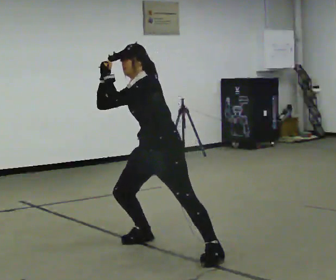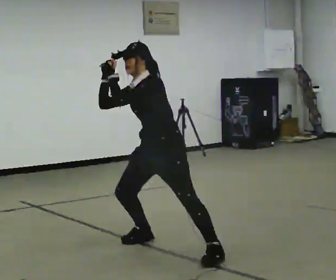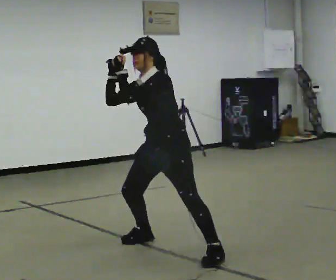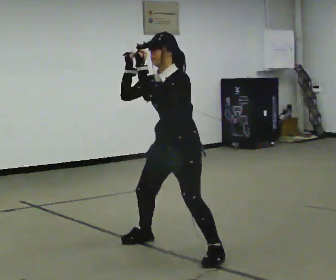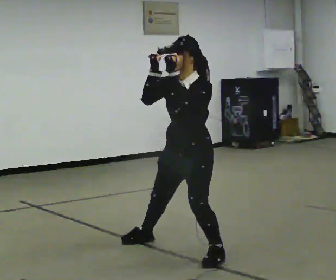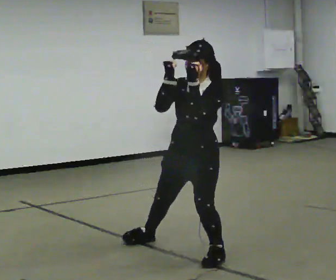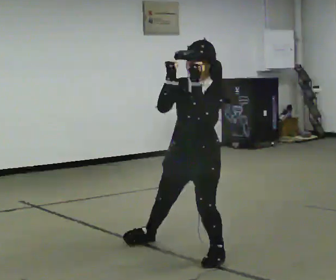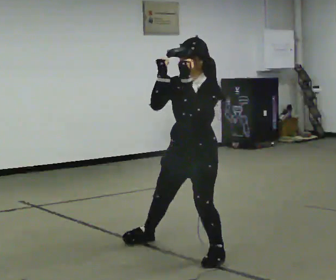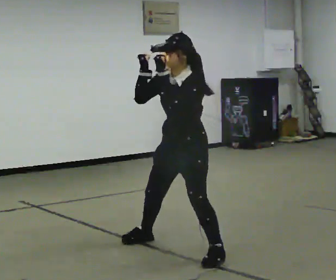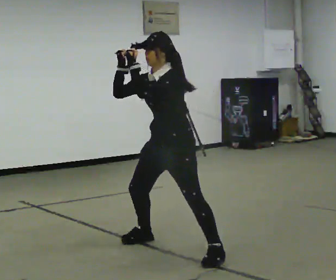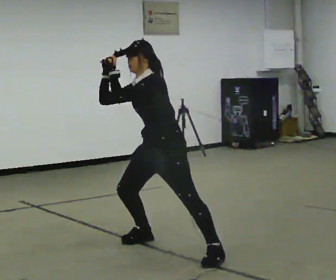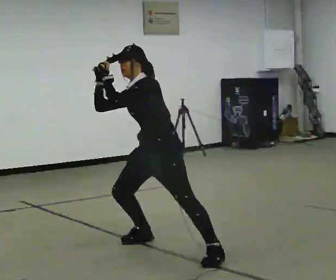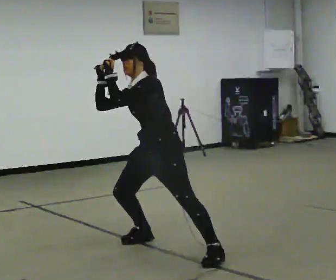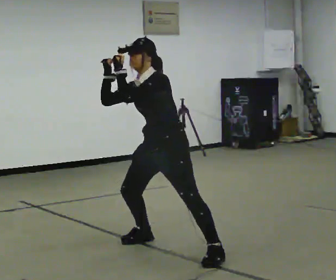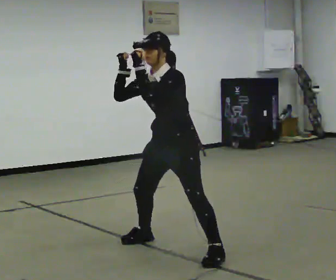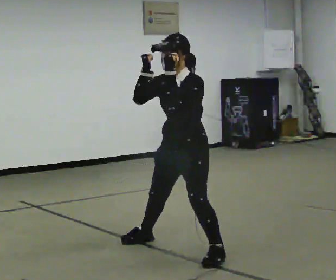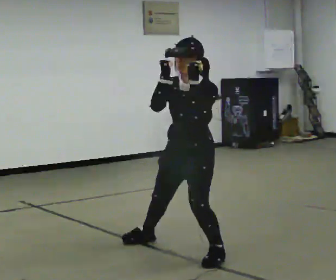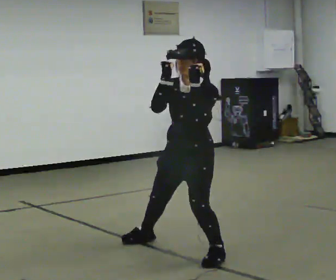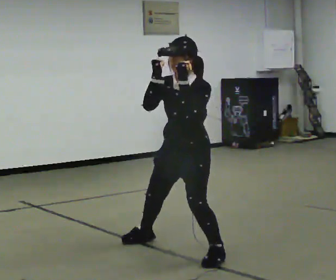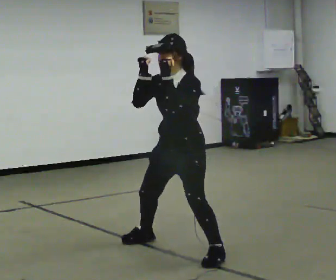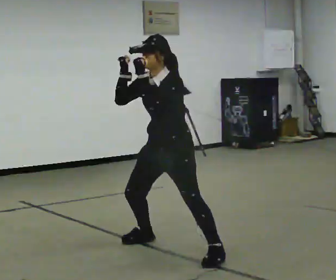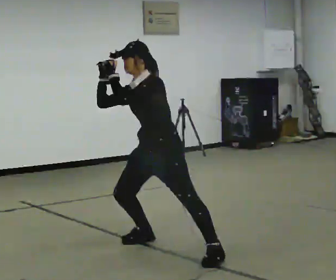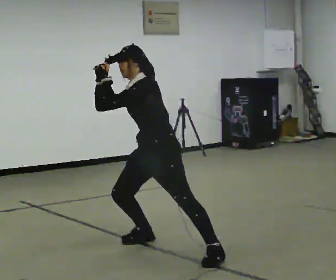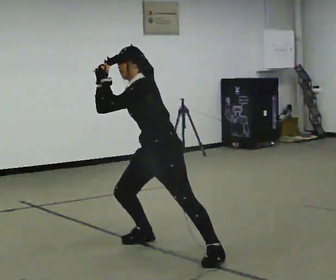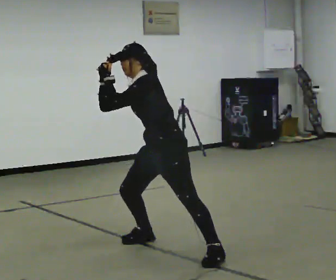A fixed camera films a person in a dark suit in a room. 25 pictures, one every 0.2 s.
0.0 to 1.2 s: In the picture they go toward the camera and to the right, about 0.25 m, which for them is to their left. The upper body tips toward the camera, its near side rolling downward.
1.2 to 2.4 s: In the picture they go away from the camera and to the left, about 0.25 m, which for them is to their right. The upper body tips away from the camera, its near side rolling upward.
2.4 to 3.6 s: In the picture they go toward the camera and to the right, about 0.25 m, which for them is to their left. The upper body tips toward the camera, its near side rolling downward.
3.6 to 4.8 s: In the picture they go away from the camera, about 0.25 m, which for them is to their right. The upper body tips away from the camera, its near side rolling upward. In the picture their left hand goes to the left.
The film runs forward here.
